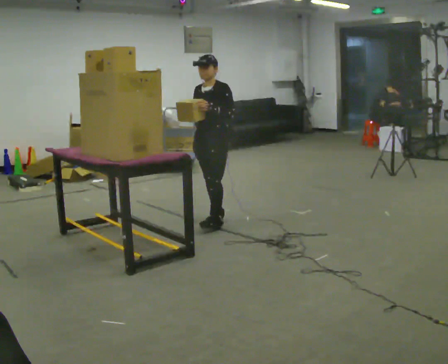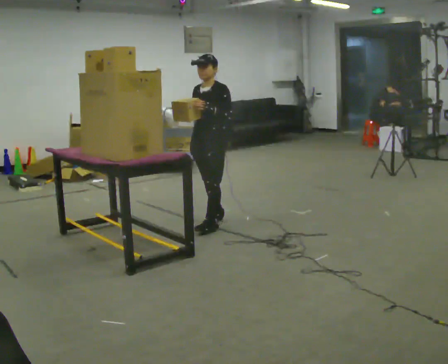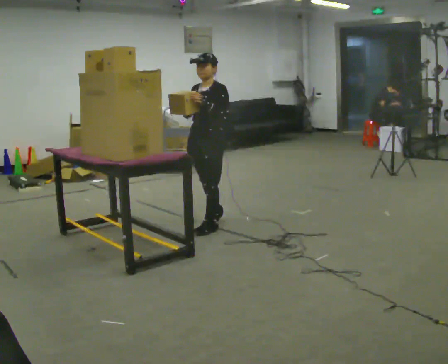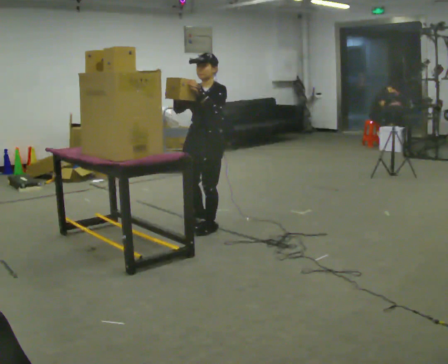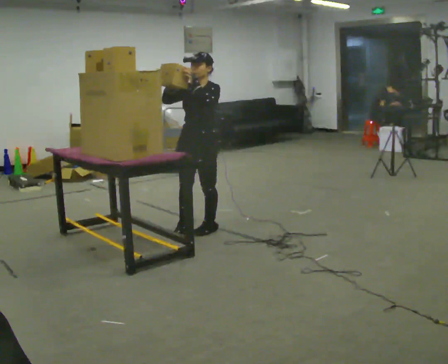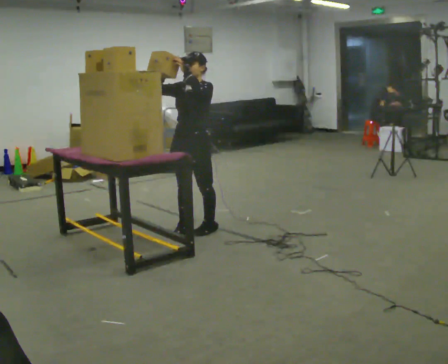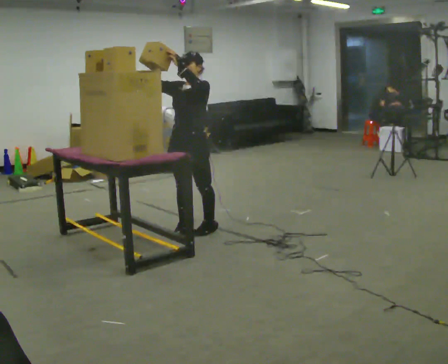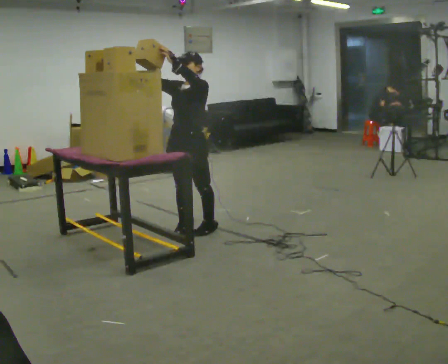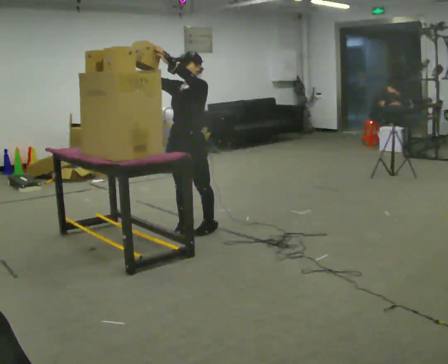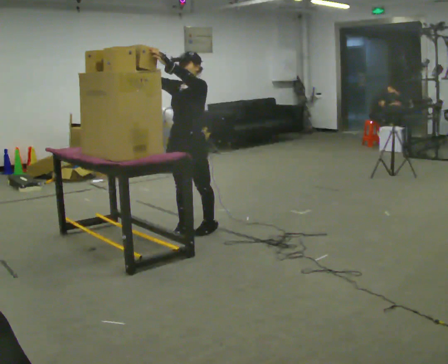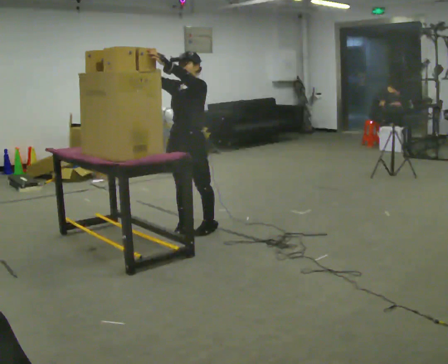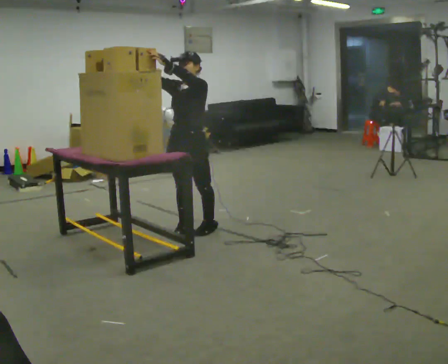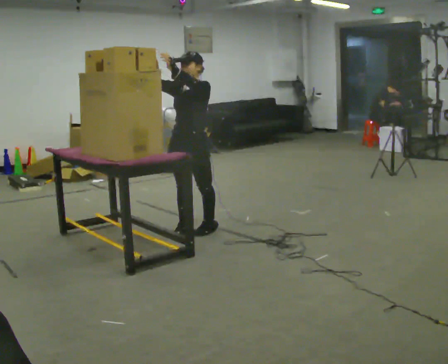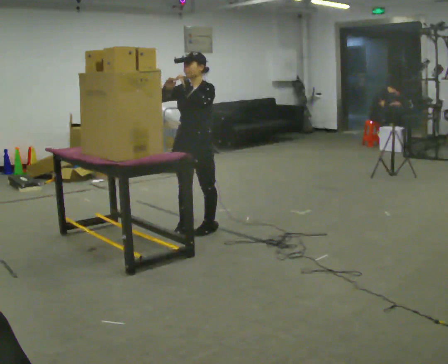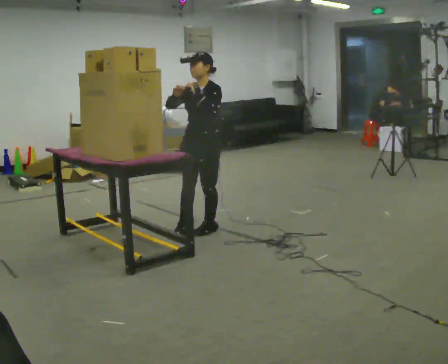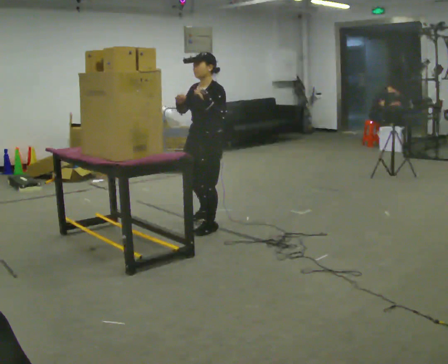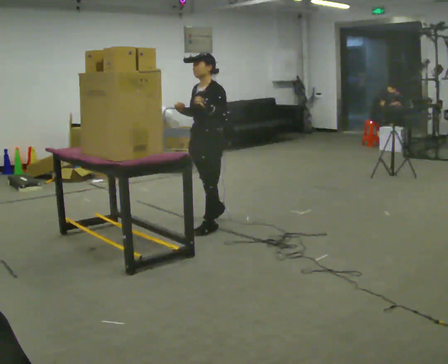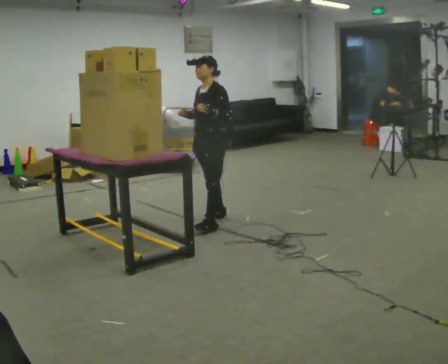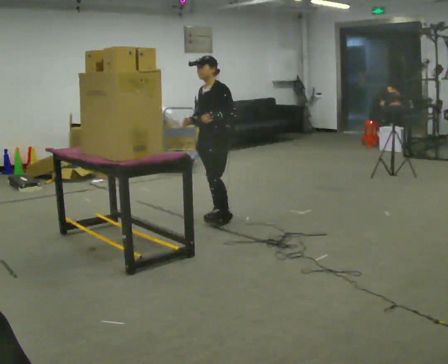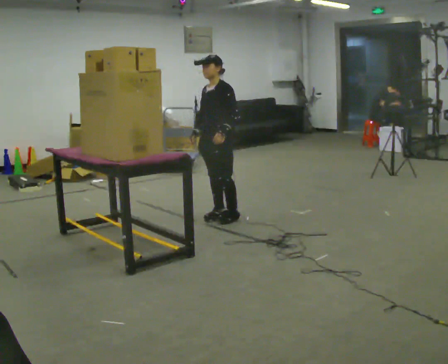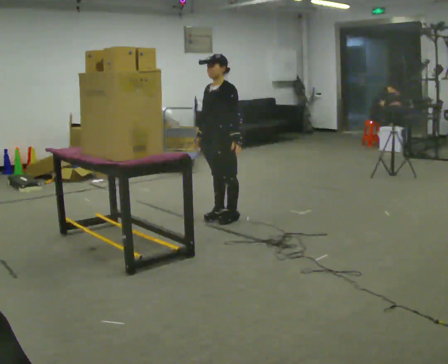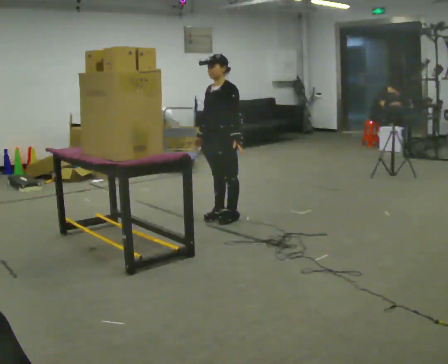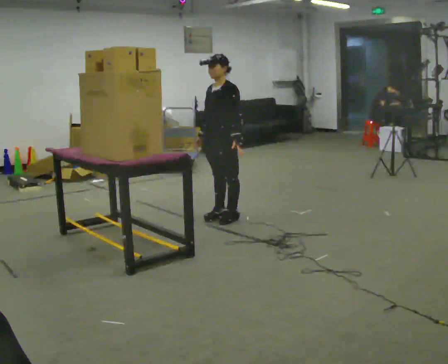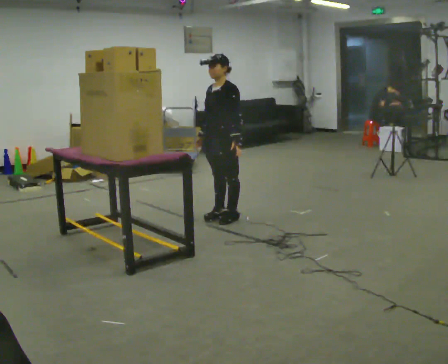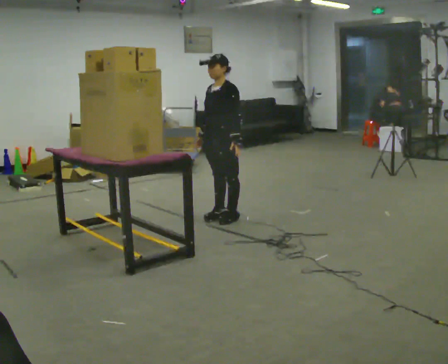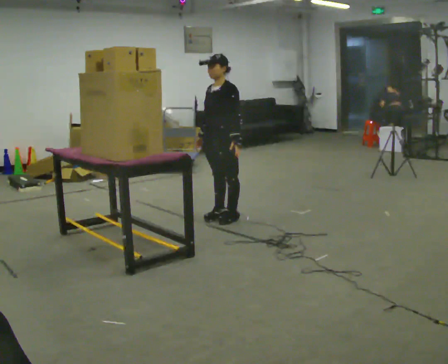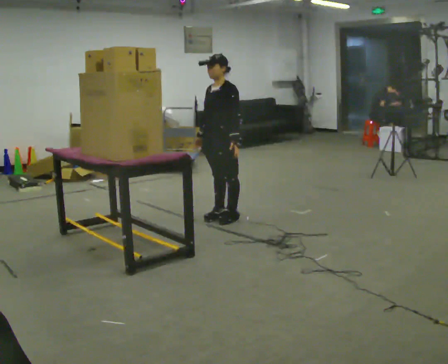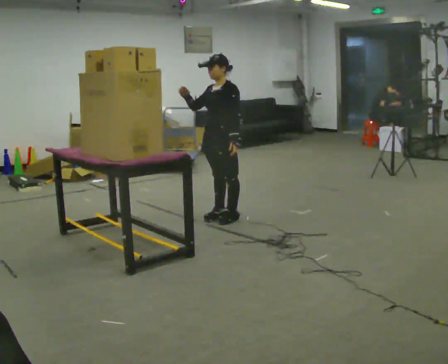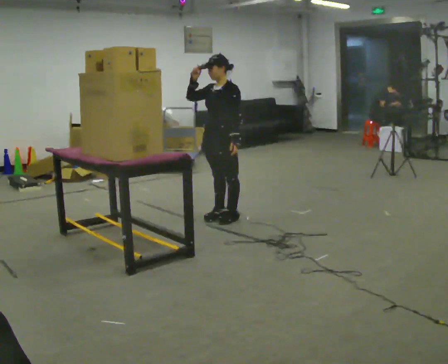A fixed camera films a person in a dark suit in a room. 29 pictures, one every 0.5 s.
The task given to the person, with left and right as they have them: Pick an object up off the floor, carry it across the room, and place it on the highest shelf you can comfortably reach. Keep going until the operator says stop; one object at a time, and do not rush between trips.
0.0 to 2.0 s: In the picture they go toward the camera, about 0.25 m in 2 steps, which for them is forward and to their left.
2.0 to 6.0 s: The person moves a little, or ends about where they began.
6.0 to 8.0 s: In the picture they go away from the camera and to the right, about 0.25 m in 1 step, which for them is backward. In the picture their right hand goes downward.
8.0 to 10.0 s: In the picture they go away from the camera, about 0.25 m in 1 step, which for them is backward and to their right. In the picture their left hand goes downward.
10.0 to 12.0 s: The person keeps their place and pose.
12.0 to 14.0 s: In the picture their right hand goes upward.
The film runs forward here.
